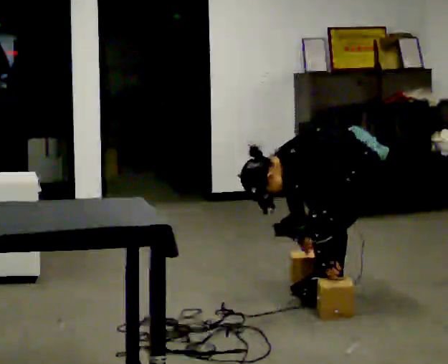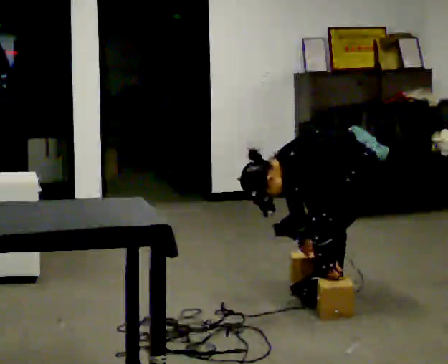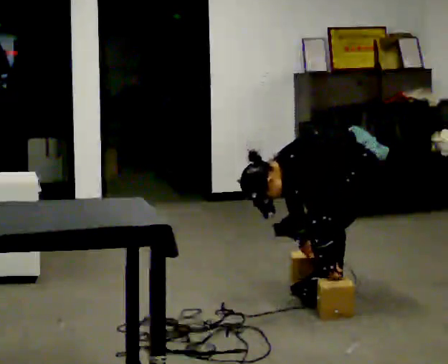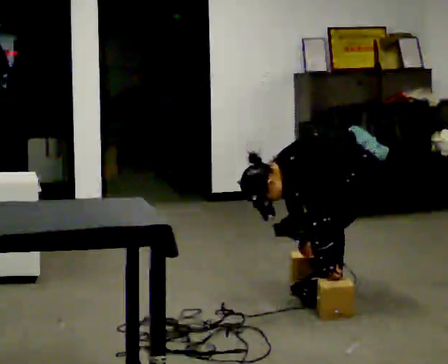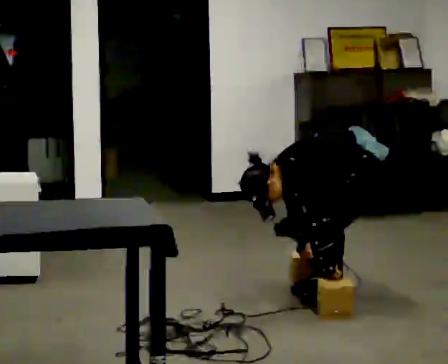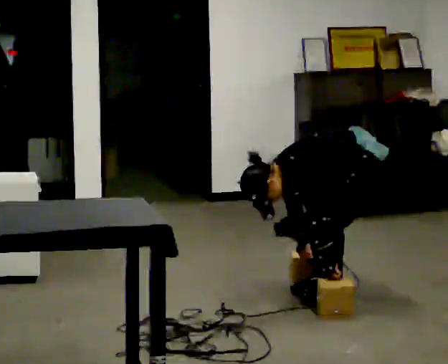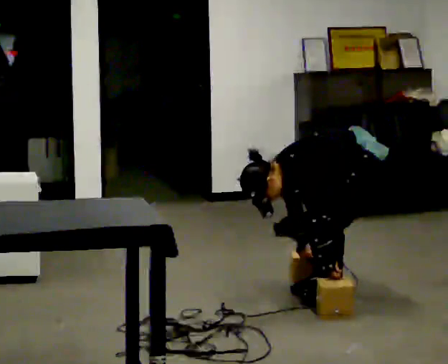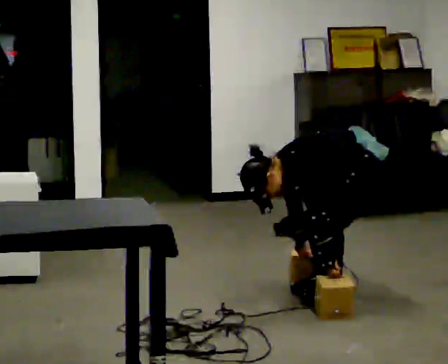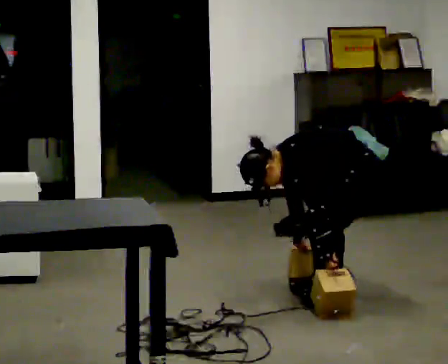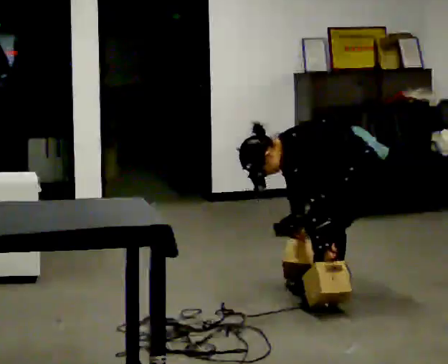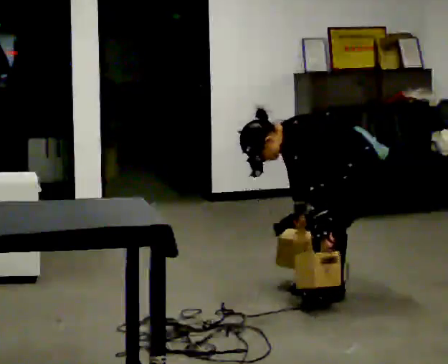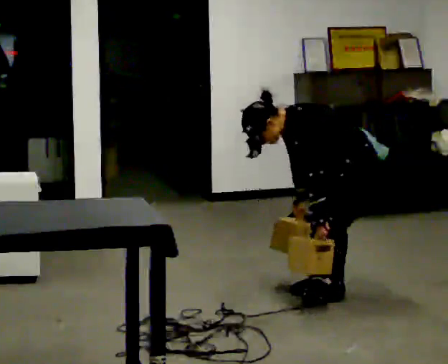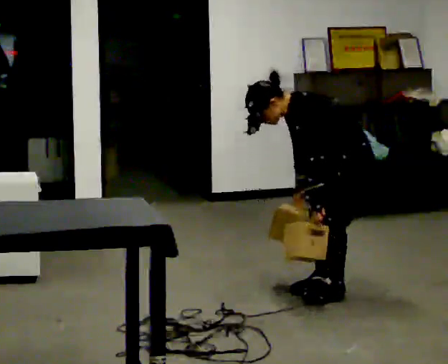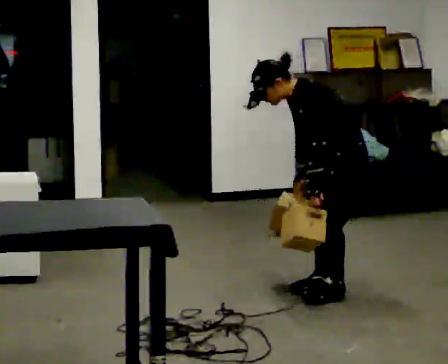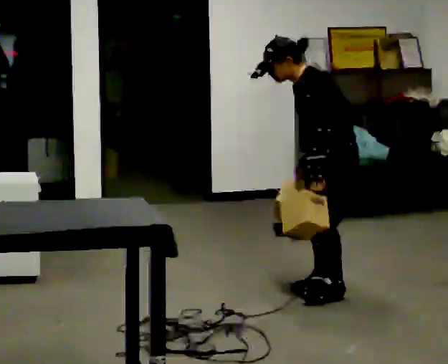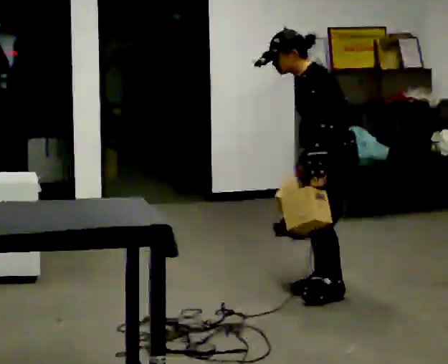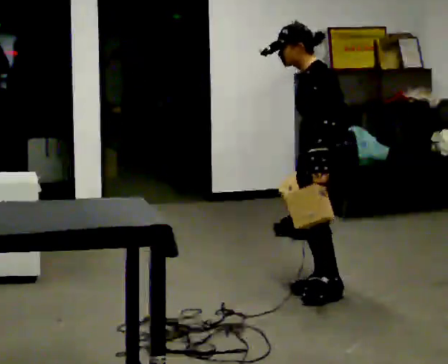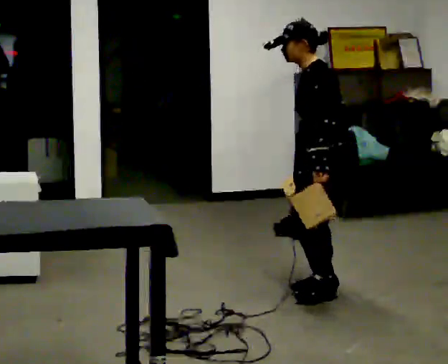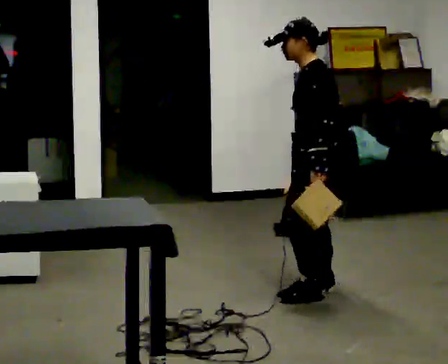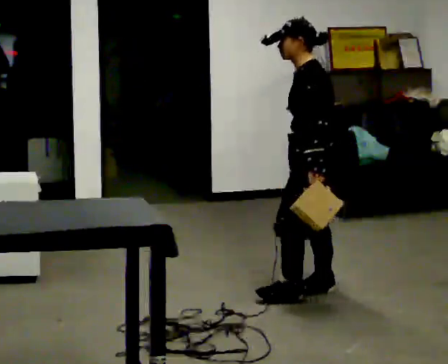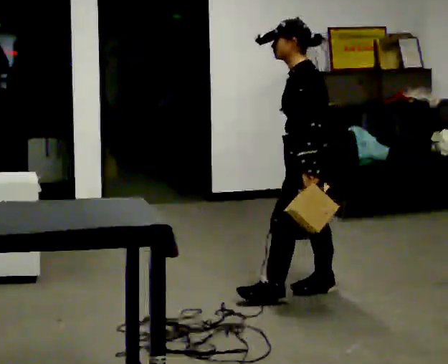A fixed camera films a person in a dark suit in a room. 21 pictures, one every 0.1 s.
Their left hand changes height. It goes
upward.
The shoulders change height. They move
upward.
0.0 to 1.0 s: The upper body tips away from the camera, its near side rolling upward, as they lean back or straighten.
1.0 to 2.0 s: In the picture they go to the left, about 0.25 m, which for them is forward. The shoulders move upward. In the picture the upper body tilts clockwise, shoulders to the right, as they lean back or straighten.
The film runs forward here.
